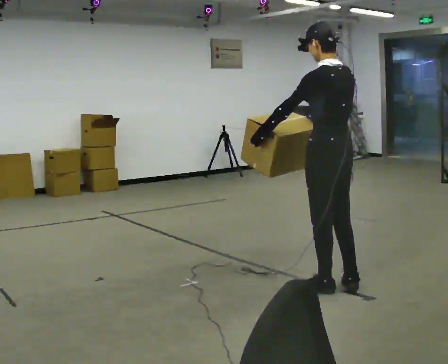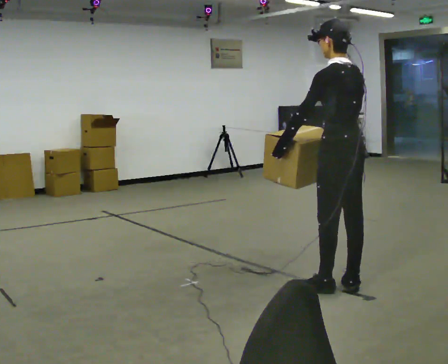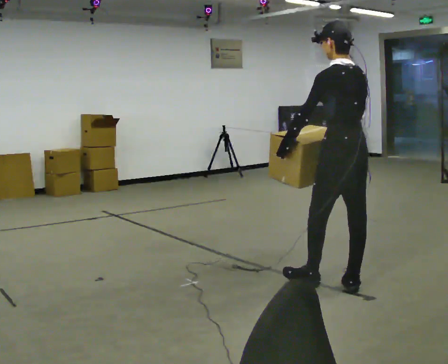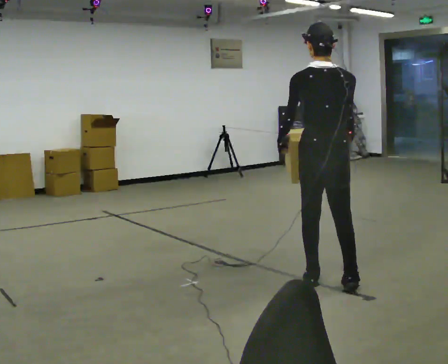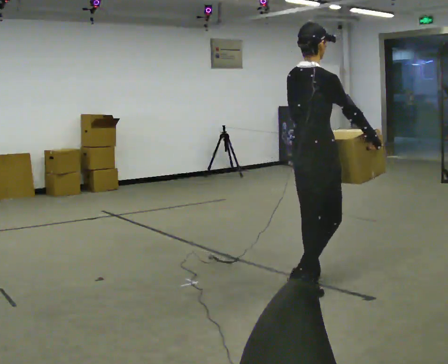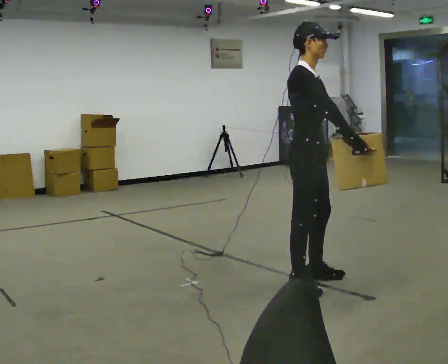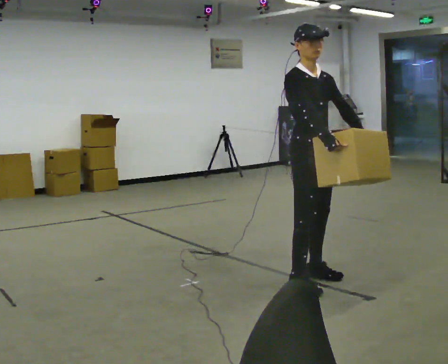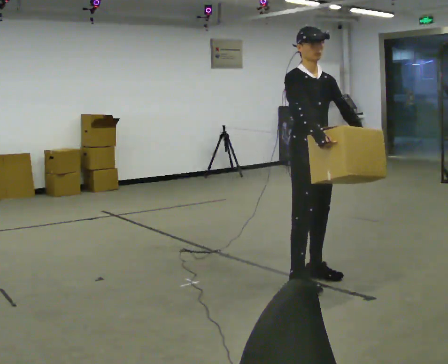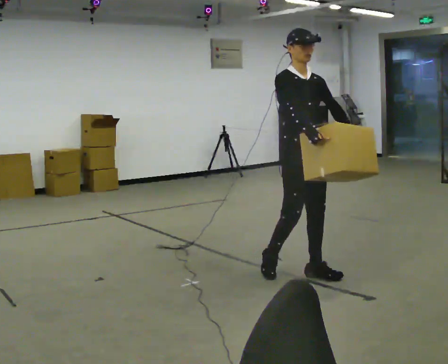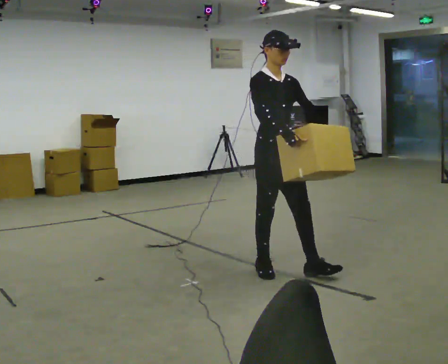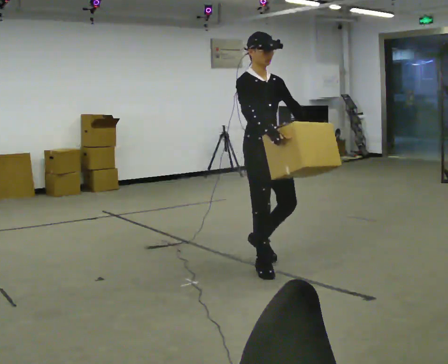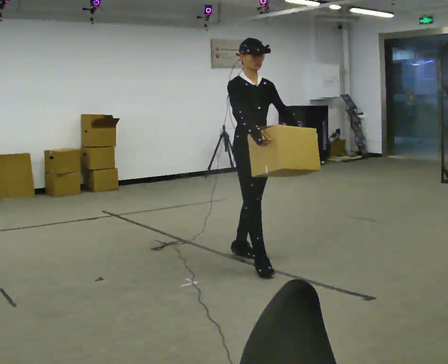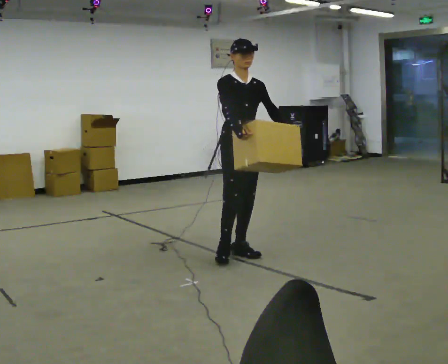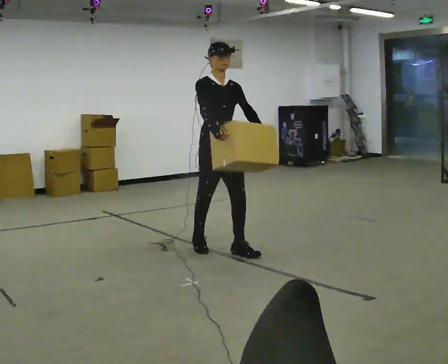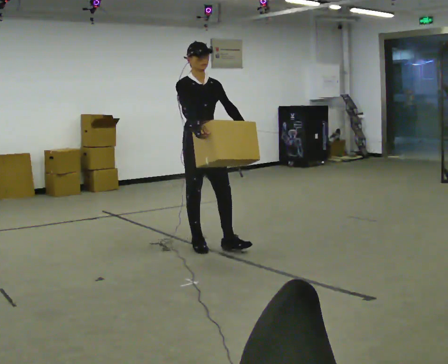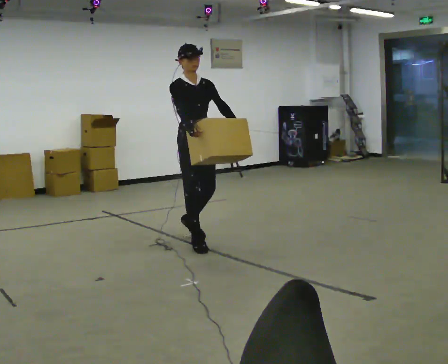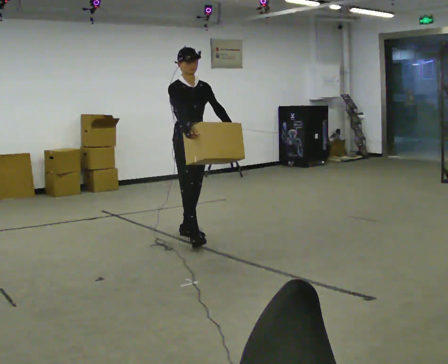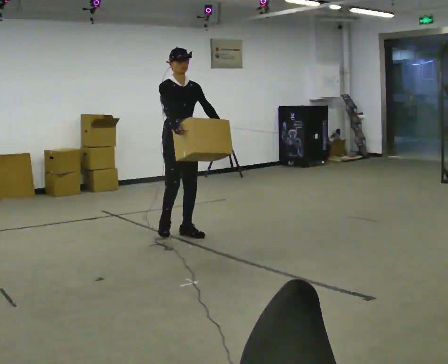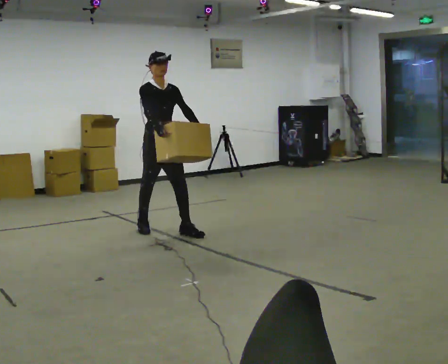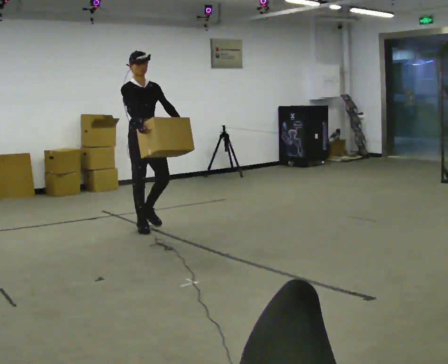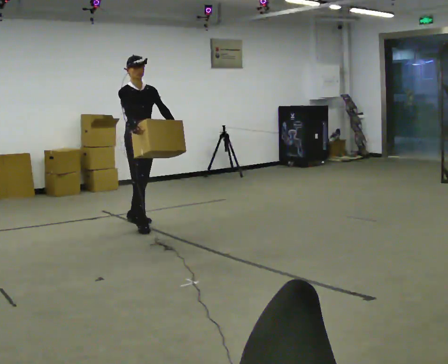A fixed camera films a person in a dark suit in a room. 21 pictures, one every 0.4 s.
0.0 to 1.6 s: Seen from above the body turns clockwise, about 90 degrees: to their right, with its near side sliding to the left. In the picture their right hand goes to the right, the arm swinging counterclockwise.
1.6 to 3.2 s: Seen from above the body turns clockwise, about 90 degrees: to their right, with its near side sliding to the left. In the picture they go away from the camera, about 0.25 m in 2 steps.
3.2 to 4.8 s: In the picture they go away from the camera and to the left, about 0.5 m in 2 steps, which for them is backward.
4.8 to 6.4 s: In the picture they go away from the camera and to the left, about 0.5 m in 1 step, which for them is backward.
6.4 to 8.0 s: In the picture they go to the left and away from the camera, about 1 m in 2 steps, which for them is backward.
The film runs backward here.
